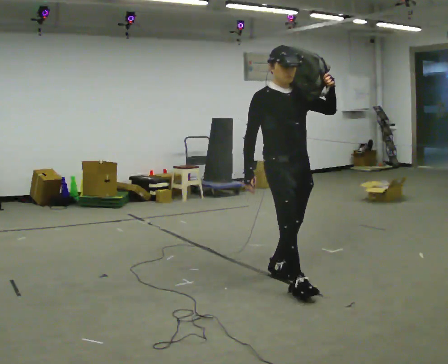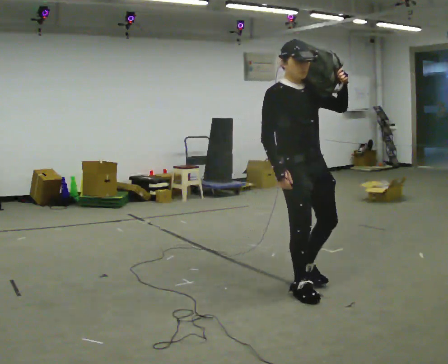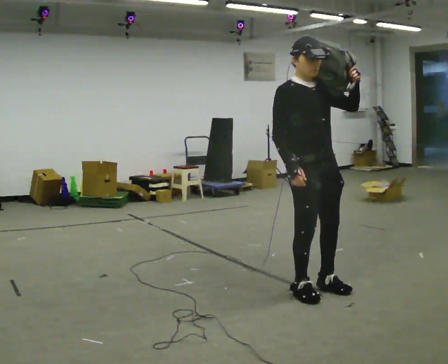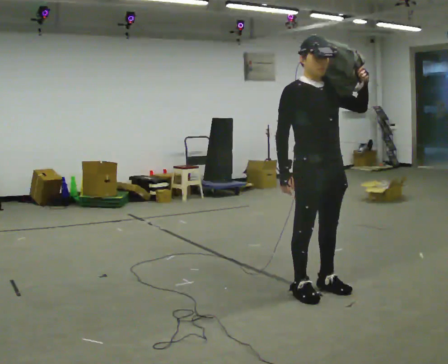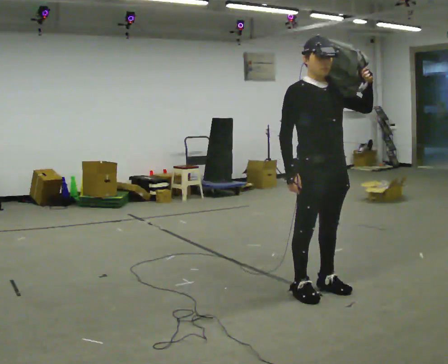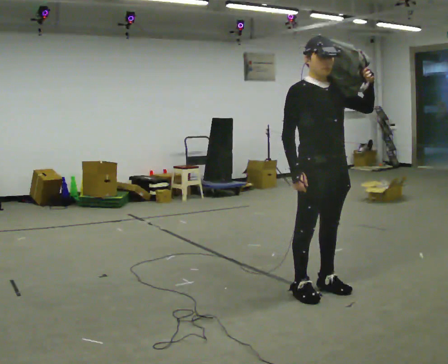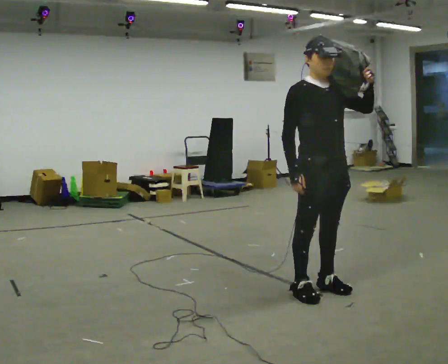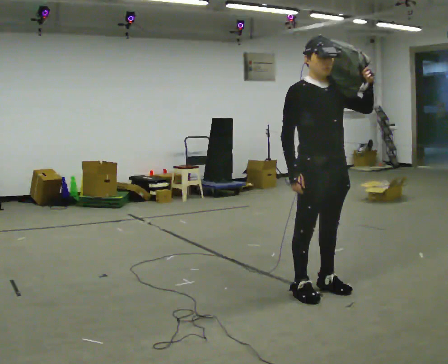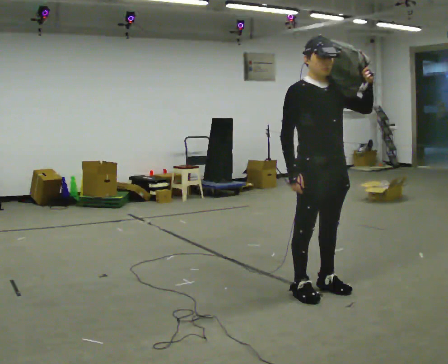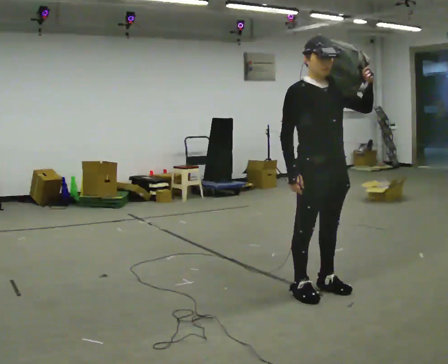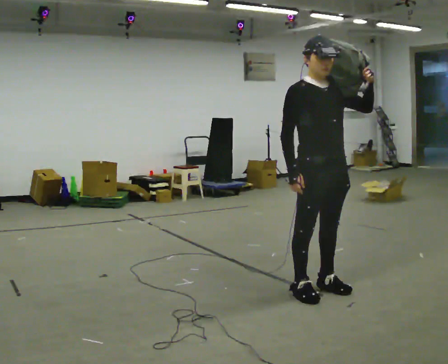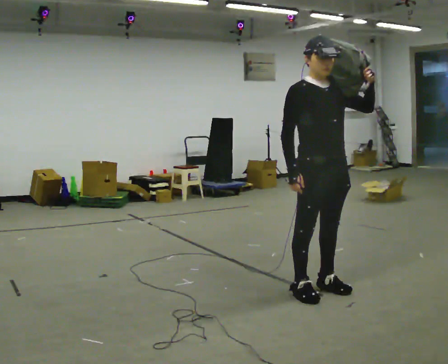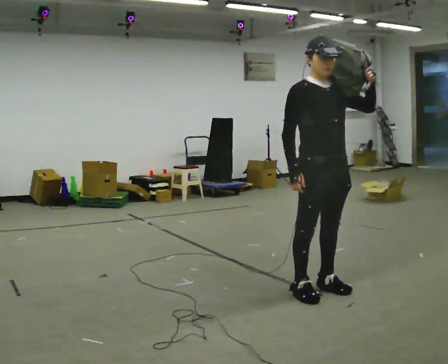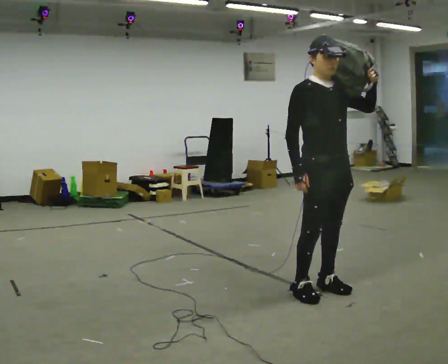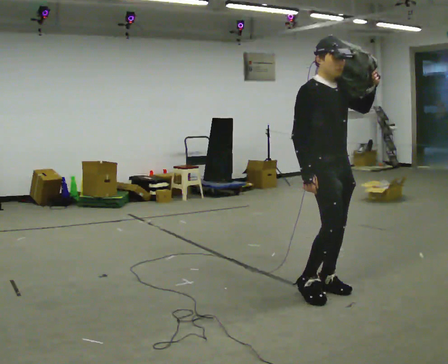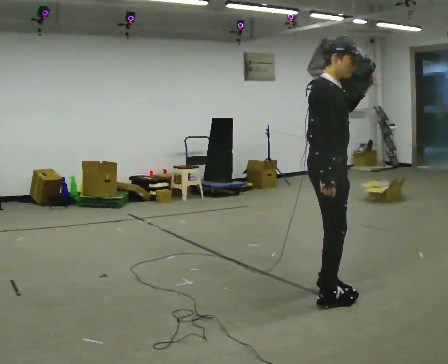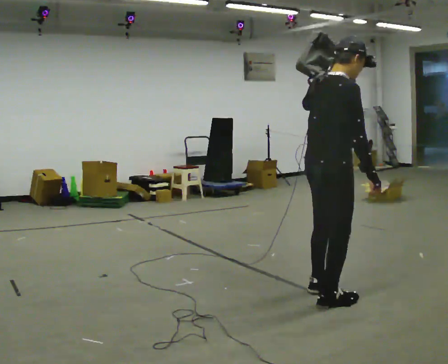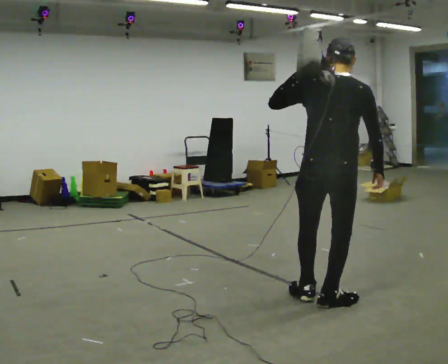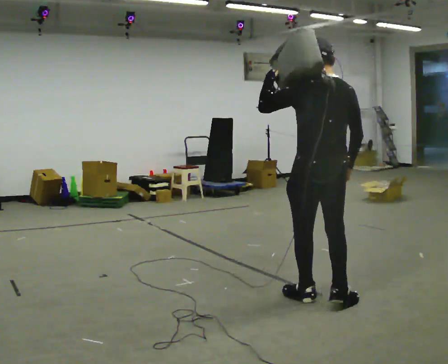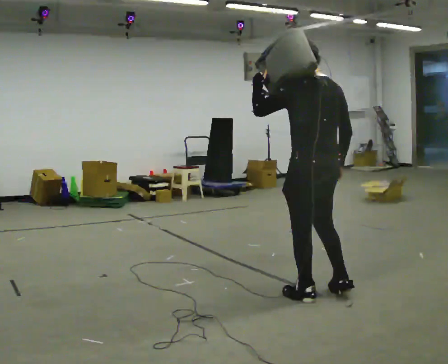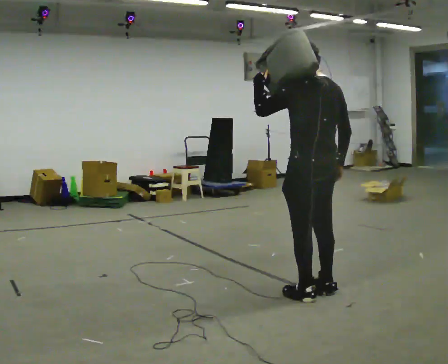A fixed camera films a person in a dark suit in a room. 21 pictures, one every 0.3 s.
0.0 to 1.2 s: In the picture they go to the right and toward the camera, about 0.25 m in 1 step, which for them is forward.
1.2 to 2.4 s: The person moves a little, or ends about where they began.
2.4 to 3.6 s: The person keeps their place and pose.
3.6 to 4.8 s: The person turns about 90 degrees to their left, counterclockwise seen from above, so the part of the body nearest the lens slides to the right. In the picture they go toward the camera, about 0.25 m in 1 step. In the picture their left hand goes to the left.
4.8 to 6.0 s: Seen from above the body turns counterclockwise, about 90 degrees: to their left, with its near side sliding to the right. In the picture their left hand goes to the left.
The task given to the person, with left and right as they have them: Put the soft bag up onto your shoulder and carry it across the room, back and forth.
The film runs forward here.
